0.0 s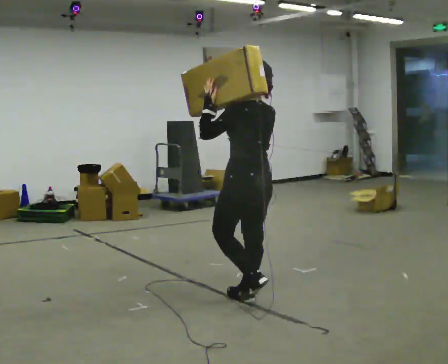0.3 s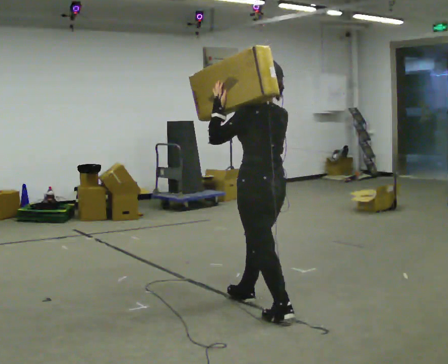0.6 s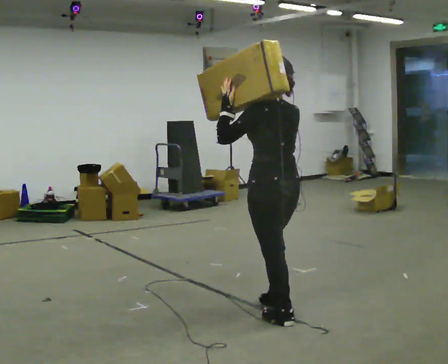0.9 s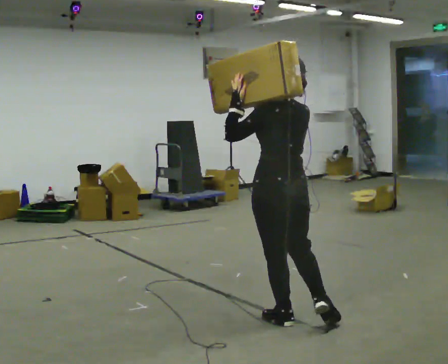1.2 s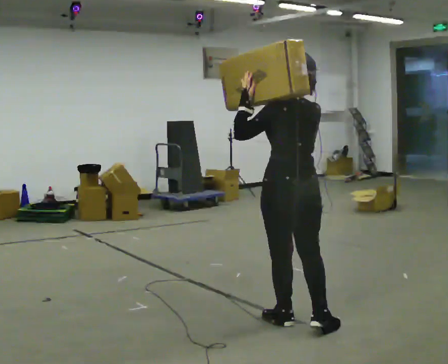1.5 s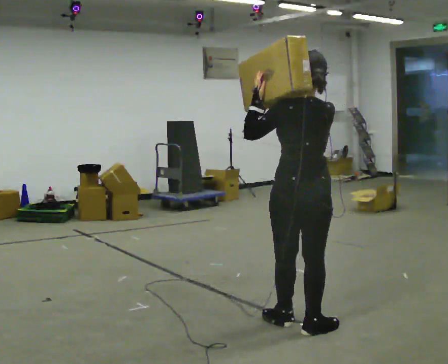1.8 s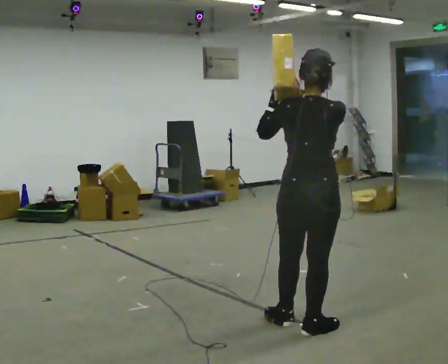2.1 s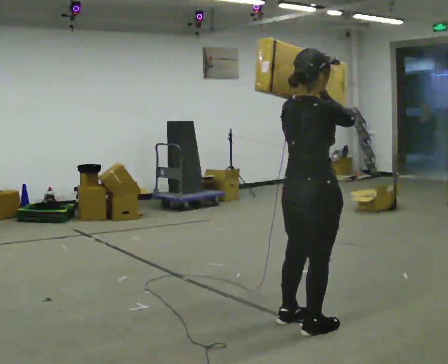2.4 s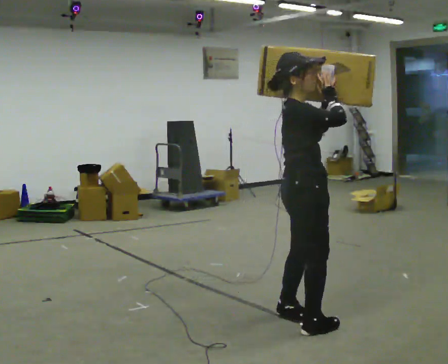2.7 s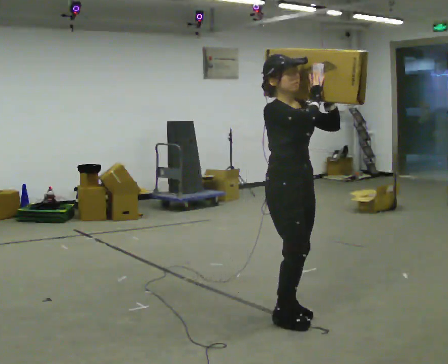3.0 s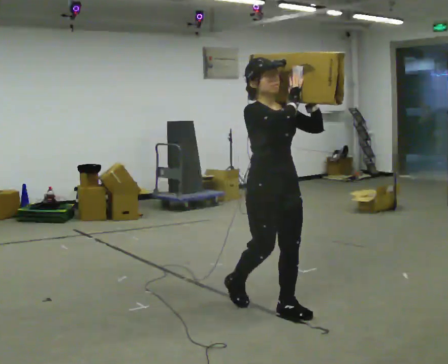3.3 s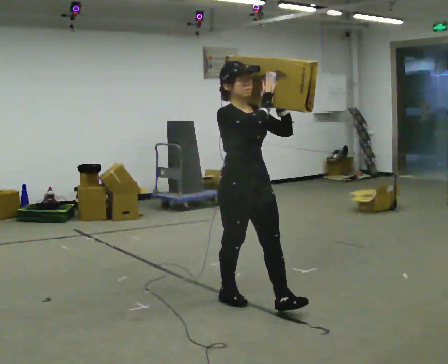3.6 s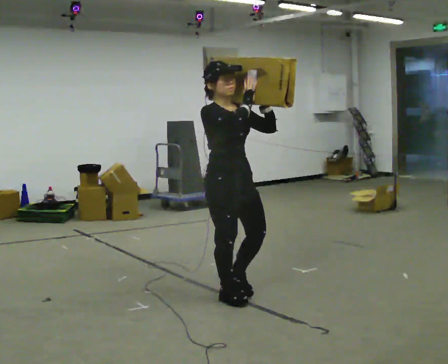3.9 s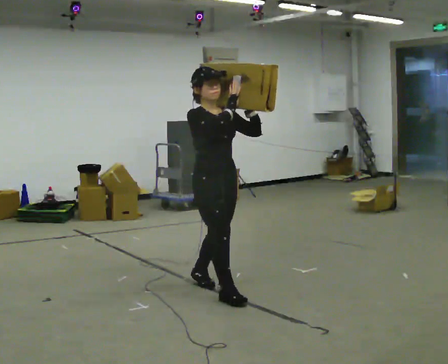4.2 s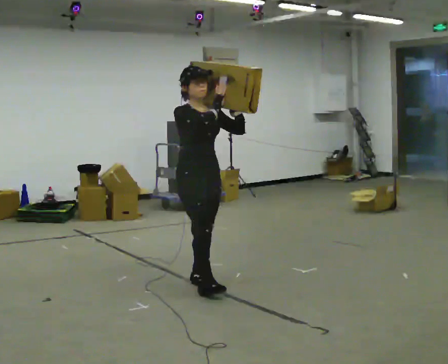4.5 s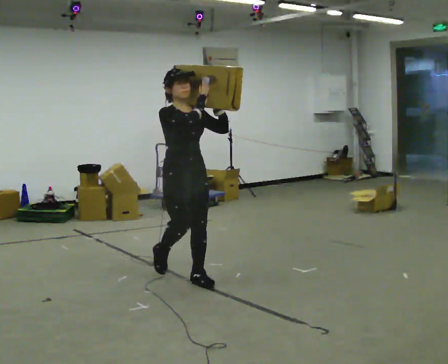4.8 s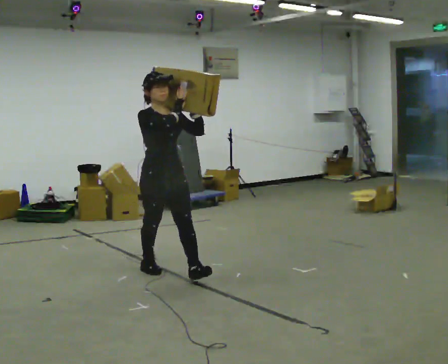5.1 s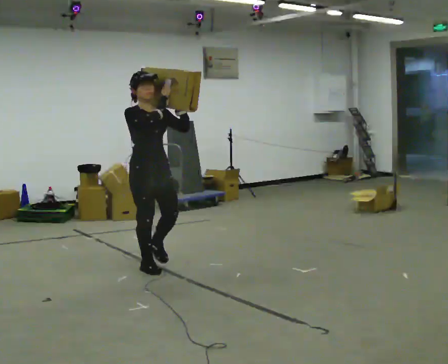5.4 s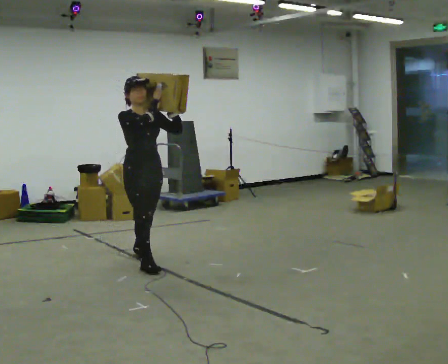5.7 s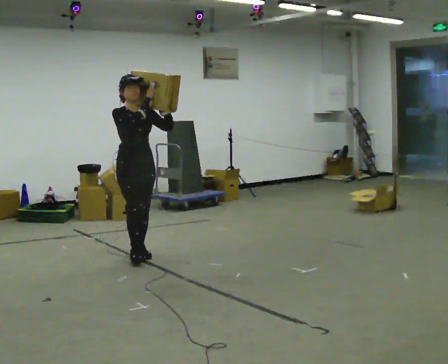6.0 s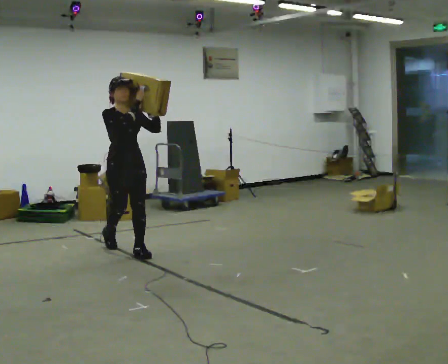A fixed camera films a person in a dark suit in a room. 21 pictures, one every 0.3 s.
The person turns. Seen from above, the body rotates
clockwise.
The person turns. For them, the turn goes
to their right.
0.0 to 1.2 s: In the picture they go toward the camera and to the right, about 0.5 m in 1 step, which for them is backward.
1.2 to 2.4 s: The part of the body nearest the lens slides to the left as the person turns to their right by about 120 degrees. In the picture their left hand goes to the right.
2.4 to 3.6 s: The part of the body nearest the lens slides to the left as the person turns to their right by about 45 degrees. In the picture they go away from the camera and to the left, about 0.75 m in 2 steps, which for them is backward.
3.6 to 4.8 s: In the picture they go away from the camera and to the left, about 1 m in 2 steps, which for them is backward.
4.8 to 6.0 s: In the picture they go away from the camera and to the left, about 1 m in 1 step, which for them is backward.
The film runs backward here.
